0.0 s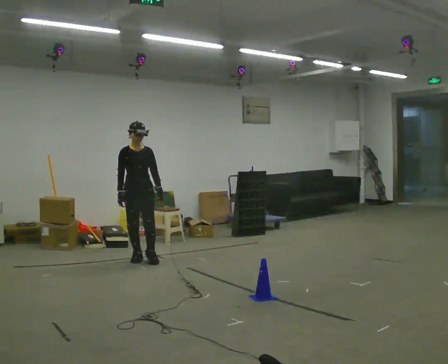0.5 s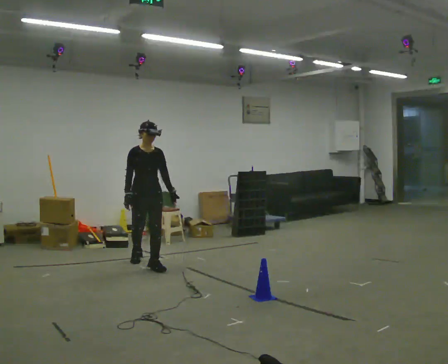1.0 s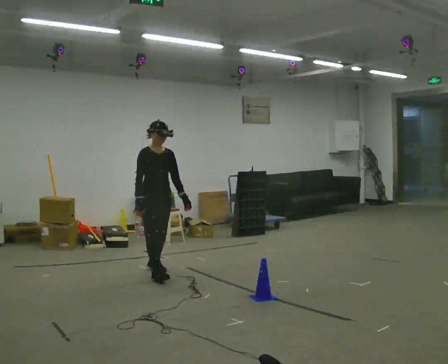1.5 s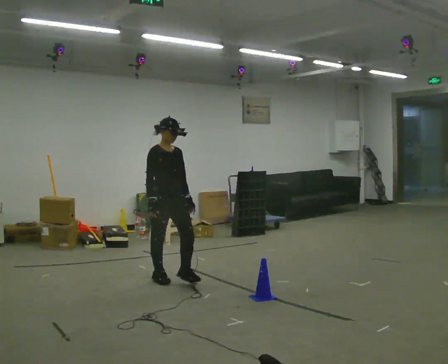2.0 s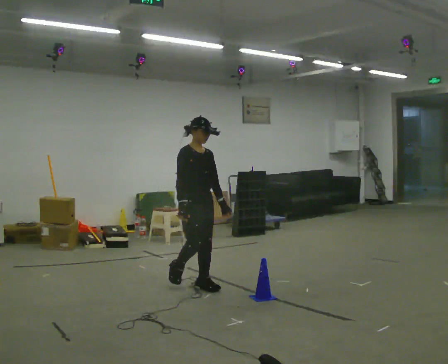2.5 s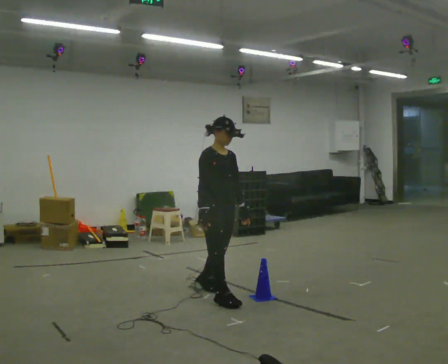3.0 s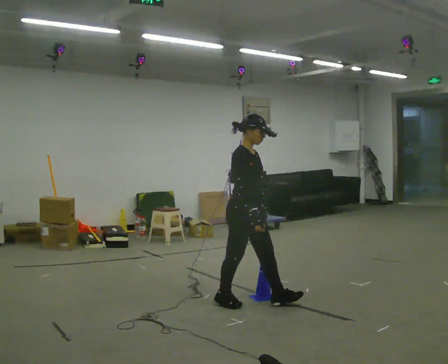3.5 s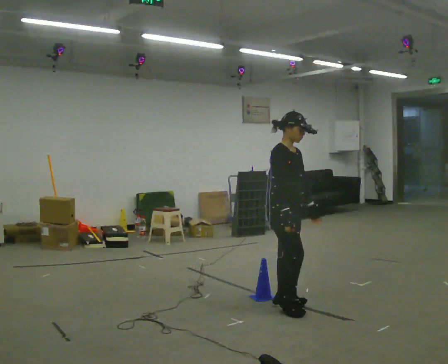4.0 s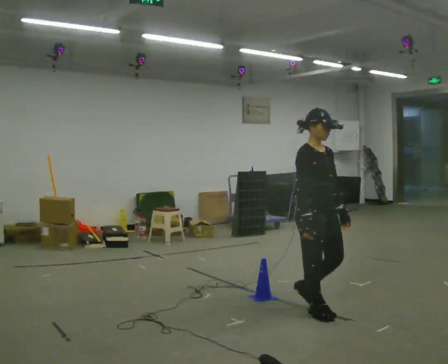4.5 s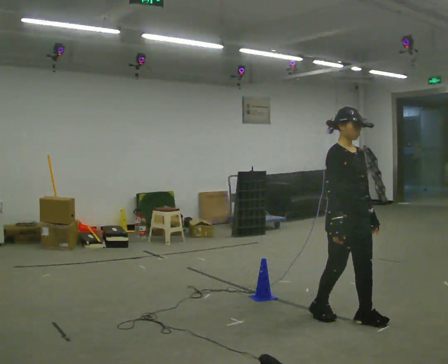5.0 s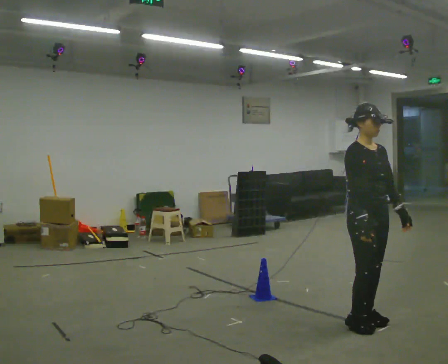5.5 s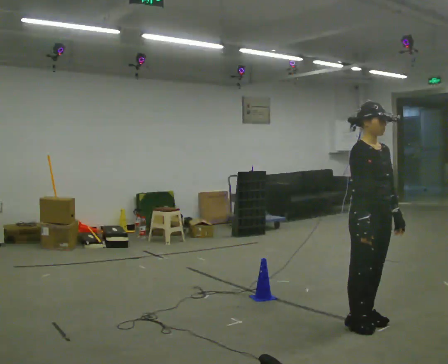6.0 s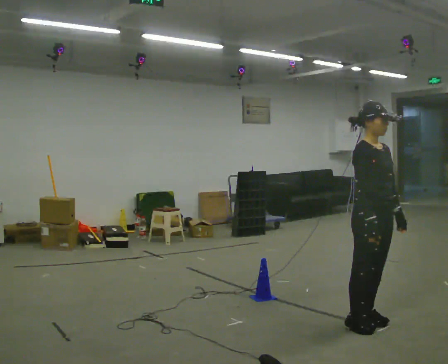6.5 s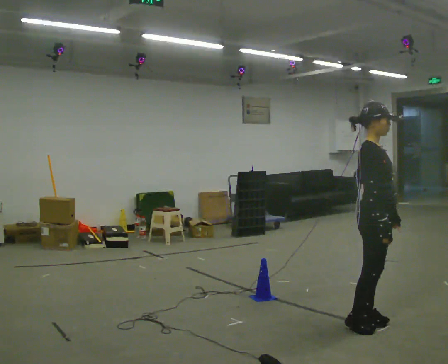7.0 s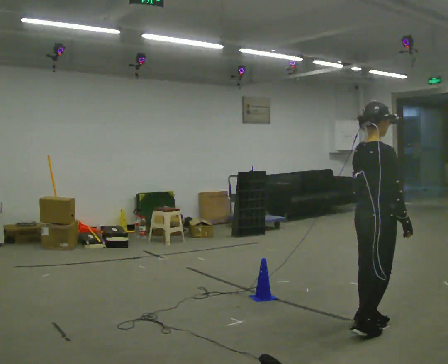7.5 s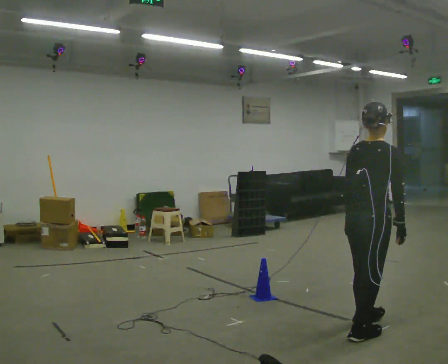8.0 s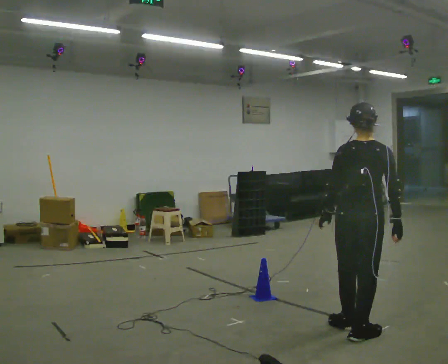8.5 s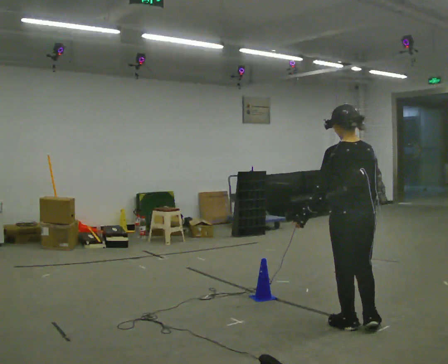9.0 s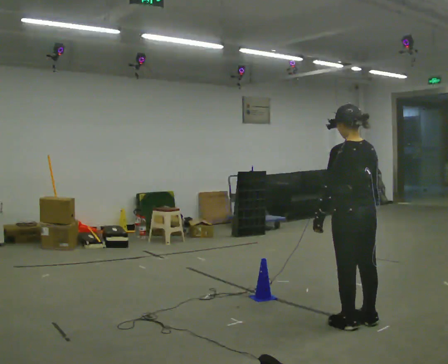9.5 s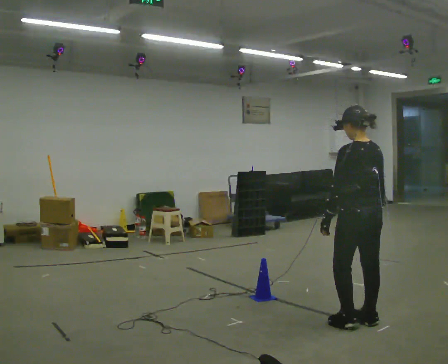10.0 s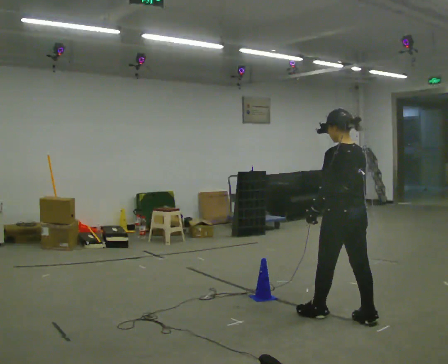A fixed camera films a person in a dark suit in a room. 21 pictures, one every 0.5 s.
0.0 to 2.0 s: Seen from above the body turns counterclockwise, about 30 degrees: to their left, with its near side sliding to the right. In the picture they go to the right and toward the camera, about 1 m in 3 steps, which for them is forward.
2.0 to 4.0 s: In the picture they go to the right and toward the camera, about 1 m in 3 steps, which for them is forward.
4.0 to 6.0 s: In the picture they go to the right and toward the camera, about 0.5 m in 2 steps, which for them is forward.
6.0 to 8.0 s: The person turns about 120 degrees to their left, counterclockwise seen from above, so the part of the body nearest the lens slides to the right. In the picture their left hand goes to the left, the arm swinging clockwise.
8.0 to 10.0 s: The person turns about 45 degrees to their left, counterclockwise seen from above, so the part of the body nearest the lens slides to the right. In the picture they go away from the camera, about 0.25 m in 2 steps, which for them is forward.
The film runs forward here.
